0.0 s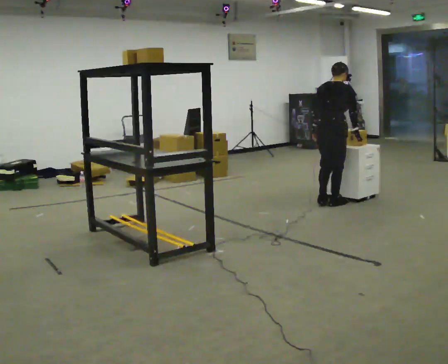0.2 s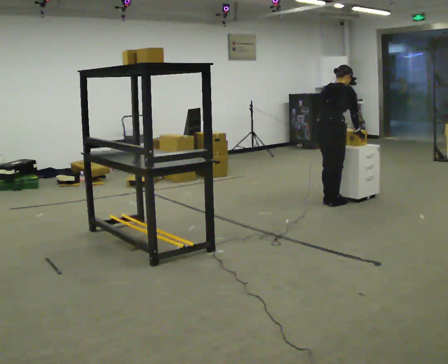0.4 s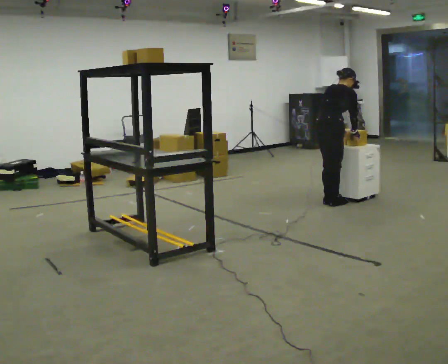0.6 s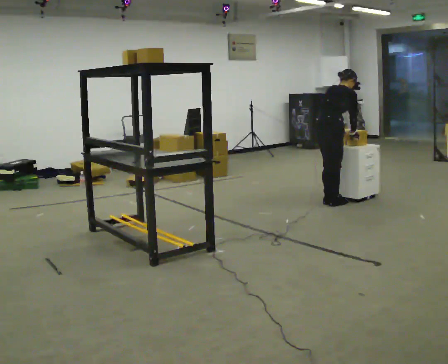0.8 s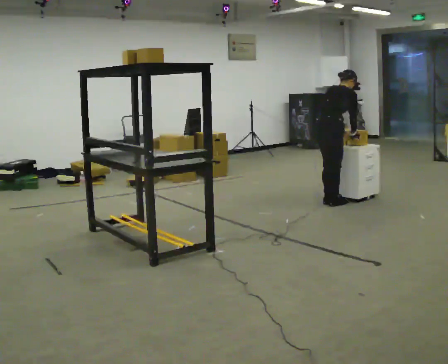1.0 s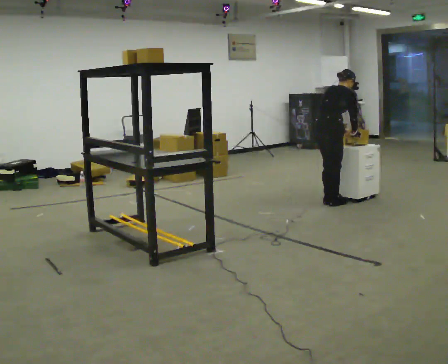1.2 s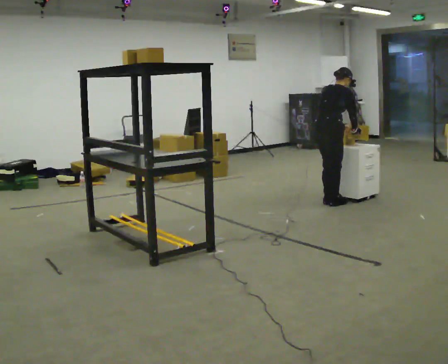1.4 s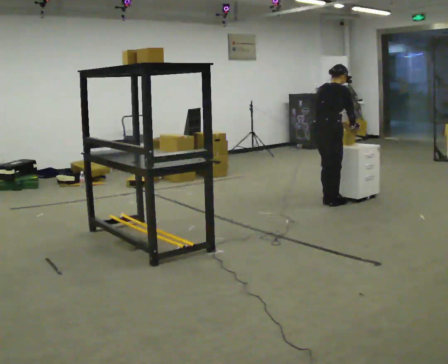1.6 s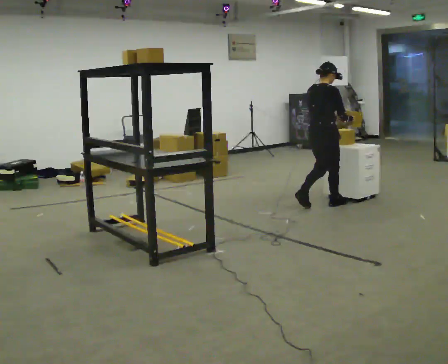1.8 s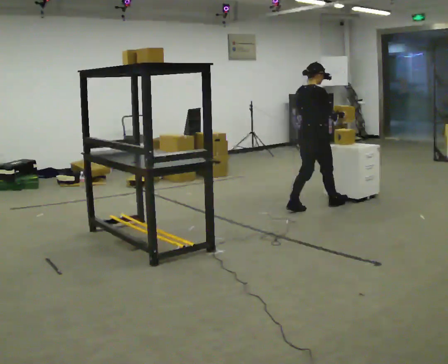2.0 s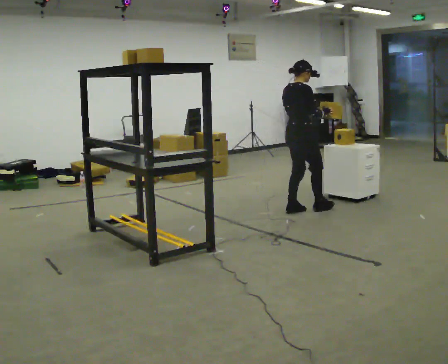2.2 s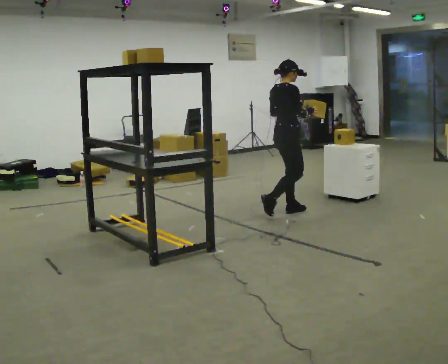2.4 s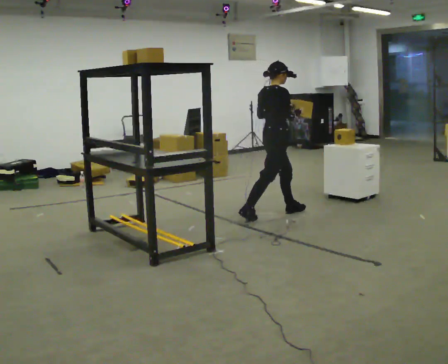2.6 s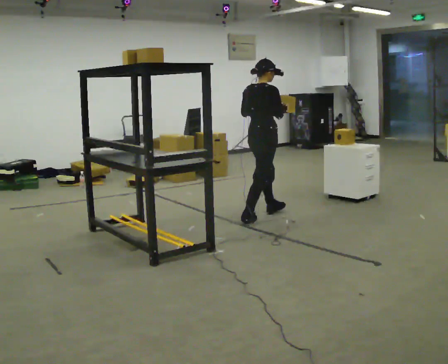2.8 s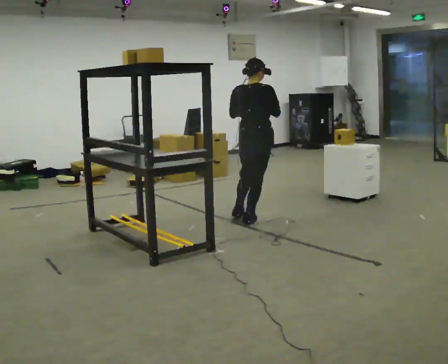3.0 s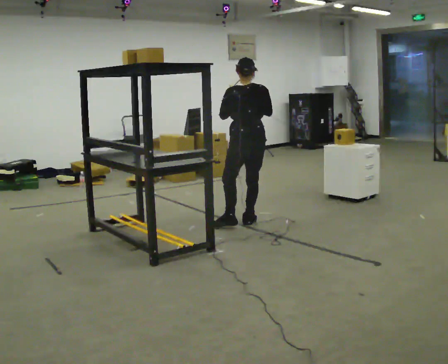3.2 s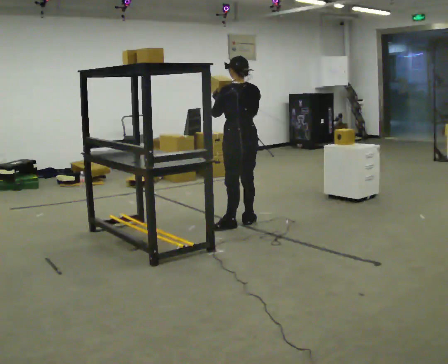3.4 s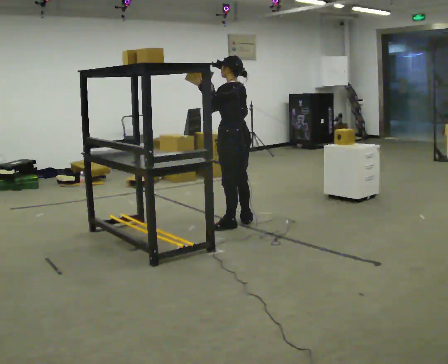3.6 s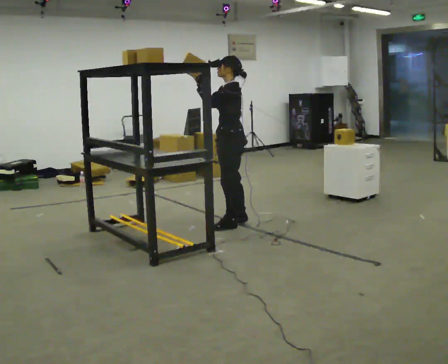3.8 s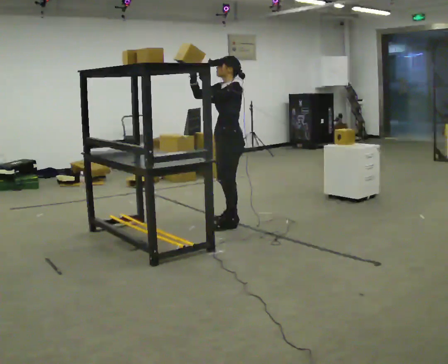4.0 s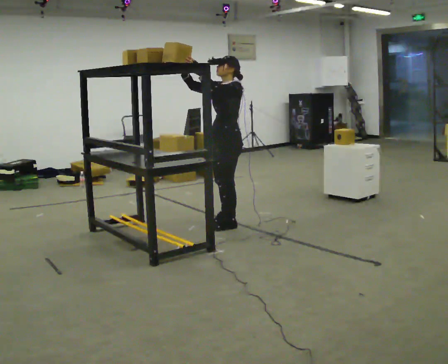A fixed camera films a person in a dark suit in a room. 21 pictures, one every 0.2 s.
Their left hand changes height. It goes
upward.
Their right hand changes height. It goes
upward.
0.0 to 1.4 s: The person moves a little, or ends about where they began.
1.4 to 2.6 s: In the picture they go to the left and toward the camera, about 1 m in 2 steps, which for them is backward. The upper body tips toward the camera, its near side rolling downward, as they lean back or straighten.
2.6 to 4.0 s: The part of the body nearest the lens slides to the right as the person turns to their left by about 165 degrees. In the picture they go toward the camera and to the left, about 0.25 m in 1 step. In the picture their right hand goes upward.
The film runs backward here.
